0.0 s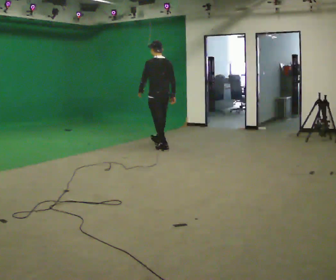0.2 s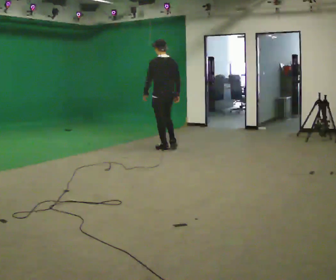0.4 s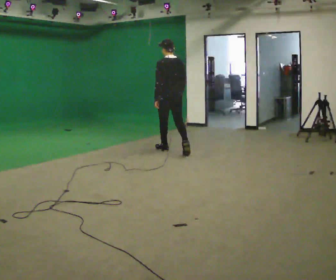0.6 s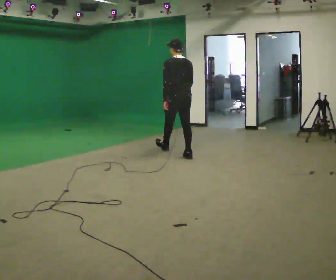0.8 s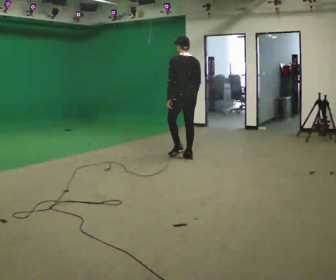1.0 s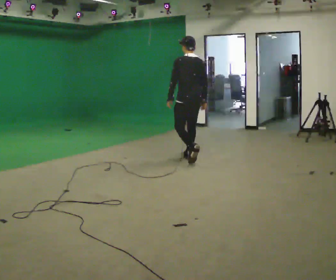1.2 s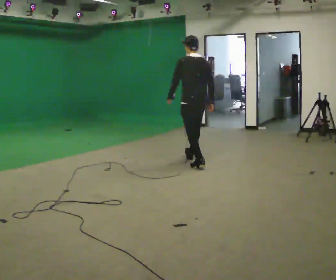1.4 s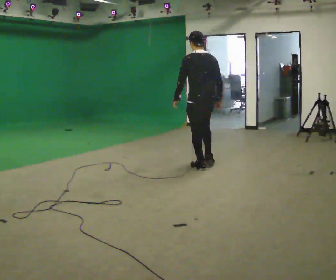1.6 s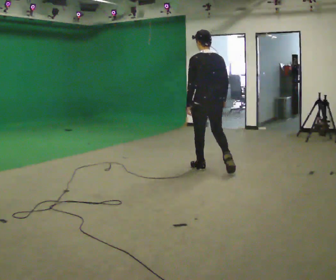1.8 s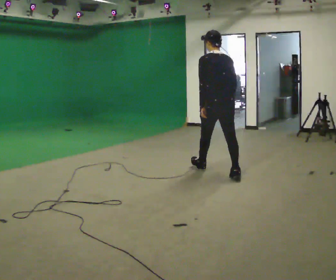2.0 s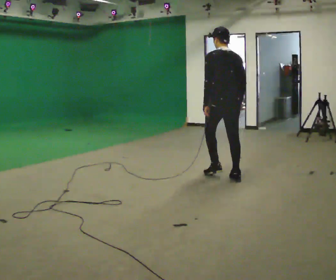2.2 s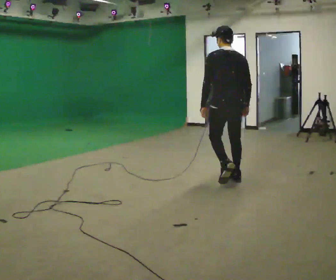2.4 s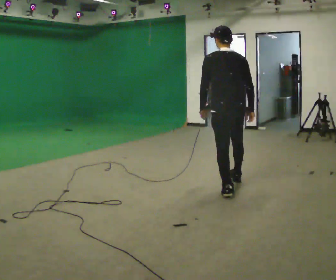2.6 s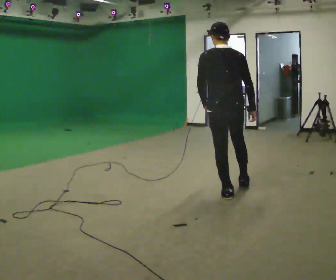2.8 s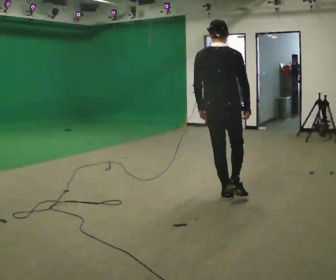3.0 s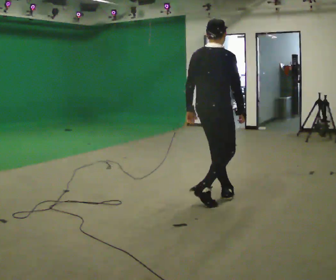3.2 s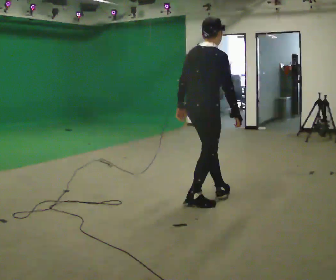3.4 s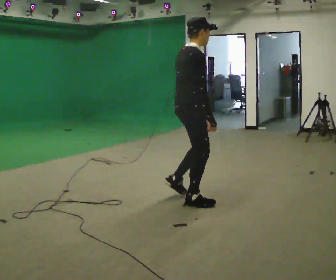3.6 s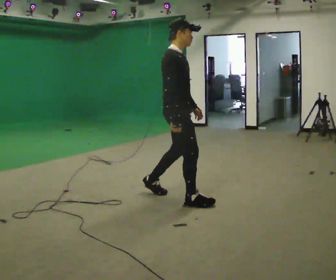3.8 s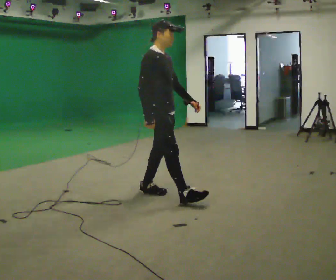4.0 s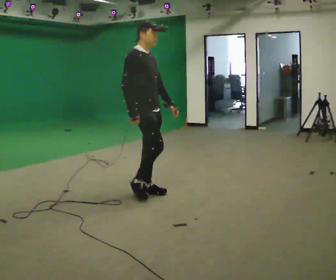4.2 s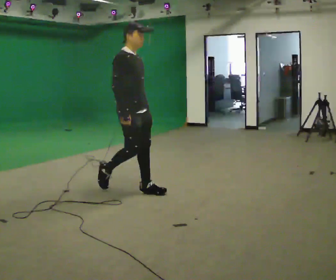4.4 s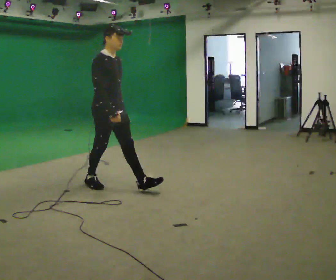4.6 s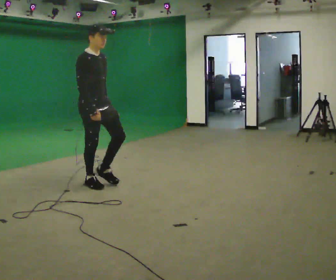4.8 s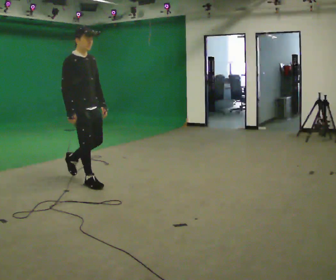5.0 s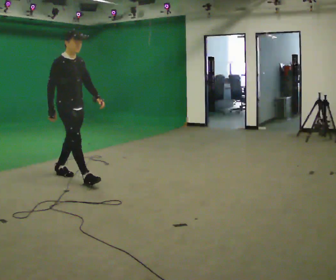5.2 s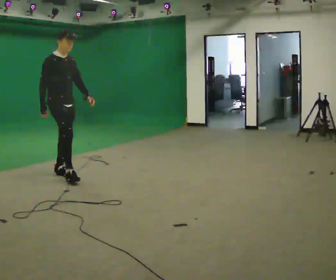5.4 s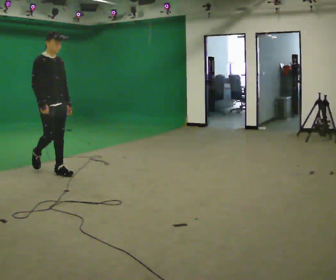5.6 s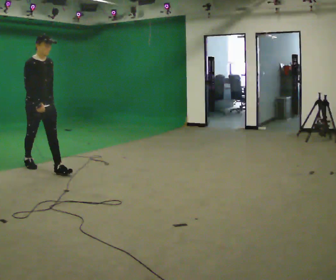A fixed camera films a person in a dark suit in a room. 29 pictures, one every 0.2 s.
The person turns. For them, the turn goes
to their right.
The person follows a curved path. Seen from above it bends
clockwise.
0.0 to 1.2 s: In the picture they go toward the camera and to the right, about 1 m in 2 steps, which for them is backward.
1.2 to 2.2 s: In the picture they go toward the camera and to the right, about 1 m in 1 step, which for them is backward.
2.2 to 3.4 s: Seen from above the body turns clockwise, about 90 degrees: to their right, with its near side sliding to the left. In the picture they go toward the camera and to the left, about 1 m in 2 steps.
3.4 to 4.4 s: The part of the body nearest the lens slides to the left as the person turns to their right by about 45 degrees. In the picture they go to the left, about 1 m in 2 steps, which for them is backward.
4.4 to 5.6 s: In the picture they go to the left and away from the camera, about 1 m in 2 steps, which for them is backward.
The film runs backward here.
